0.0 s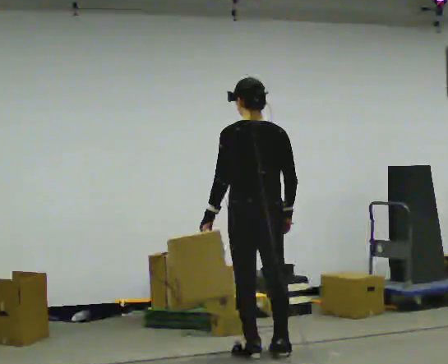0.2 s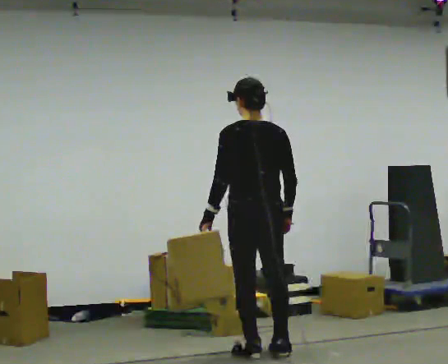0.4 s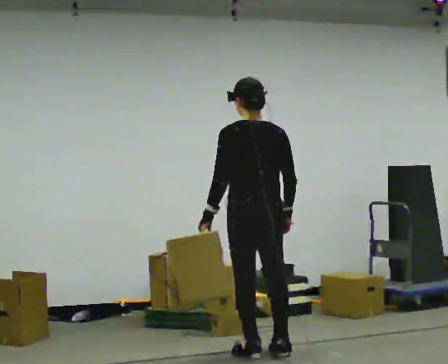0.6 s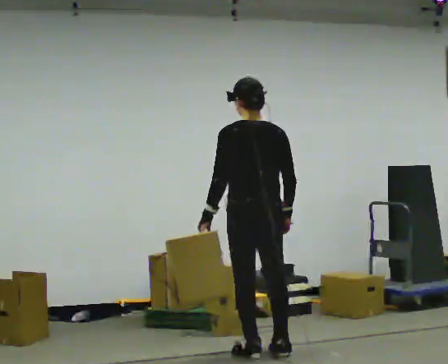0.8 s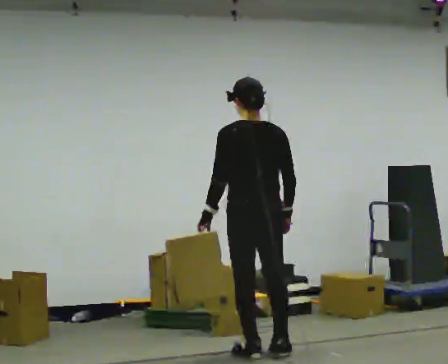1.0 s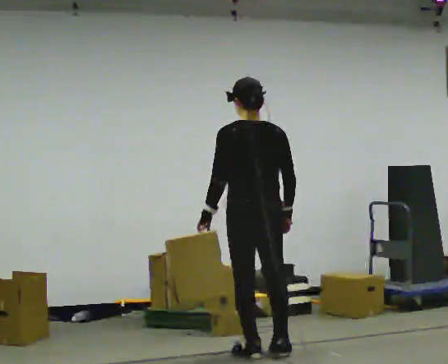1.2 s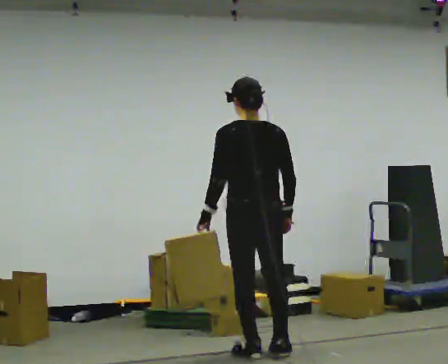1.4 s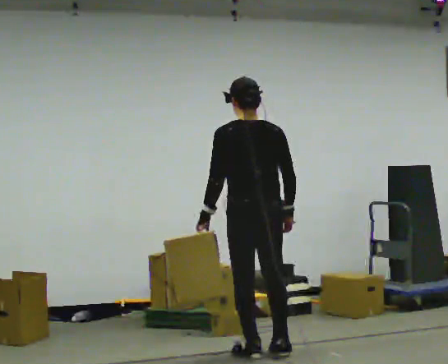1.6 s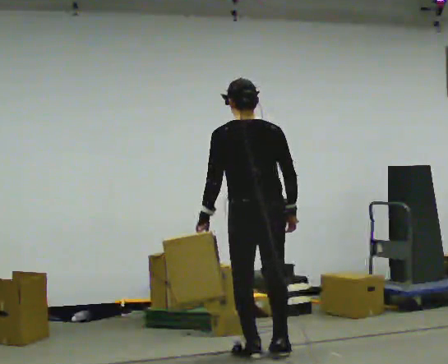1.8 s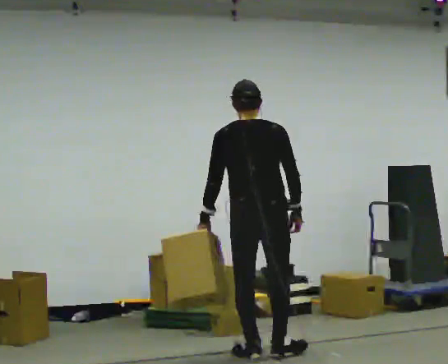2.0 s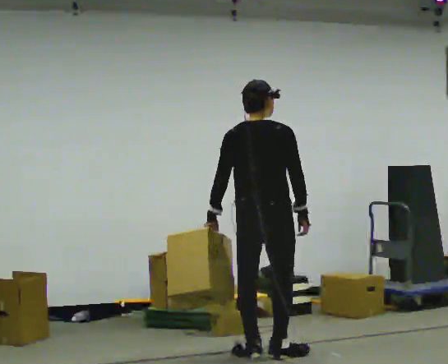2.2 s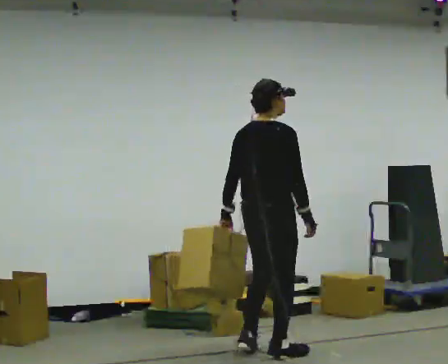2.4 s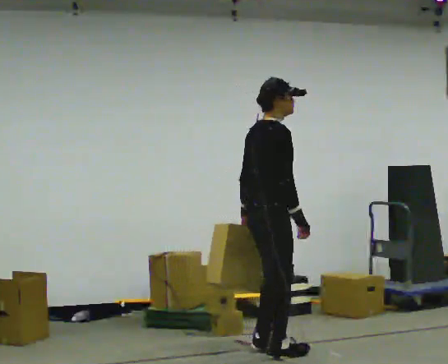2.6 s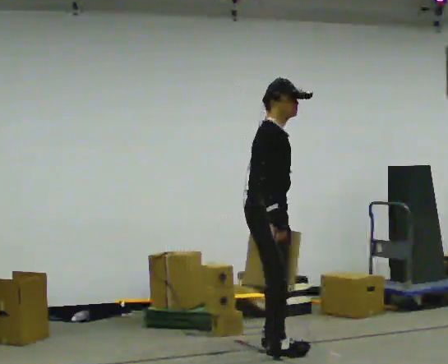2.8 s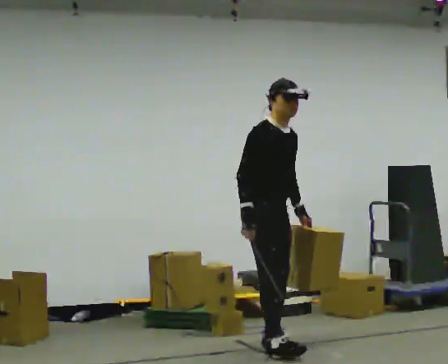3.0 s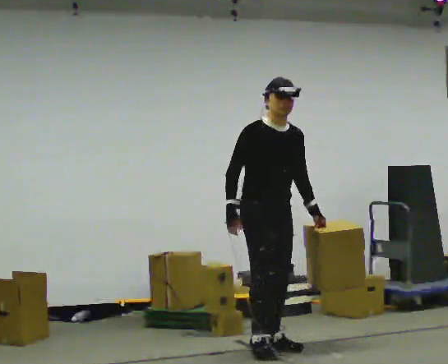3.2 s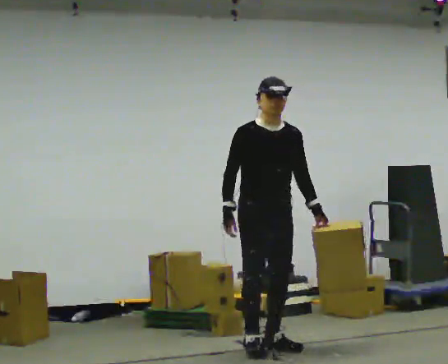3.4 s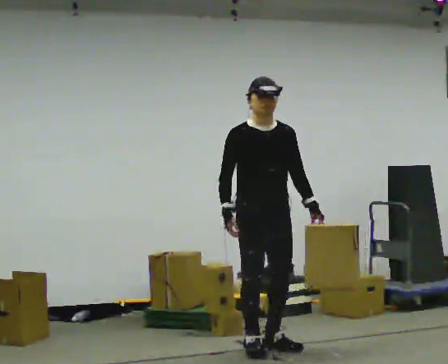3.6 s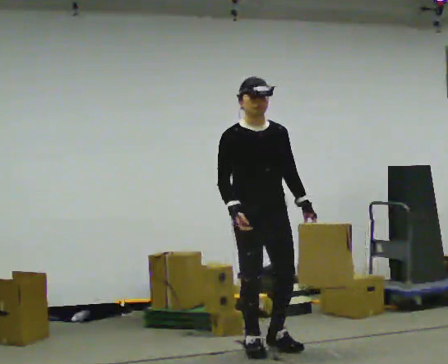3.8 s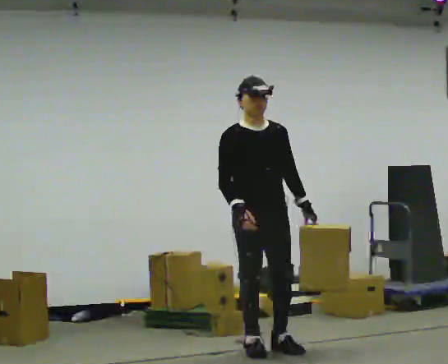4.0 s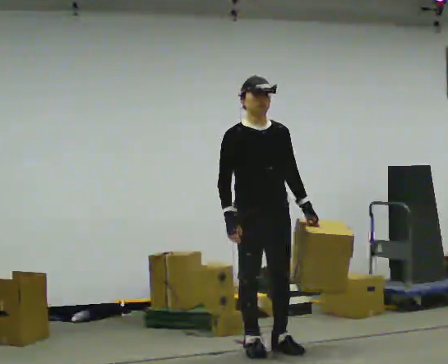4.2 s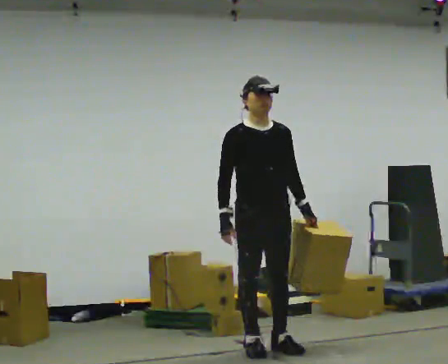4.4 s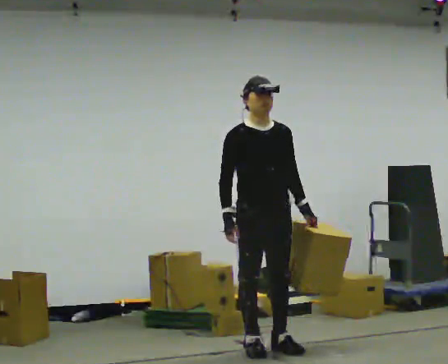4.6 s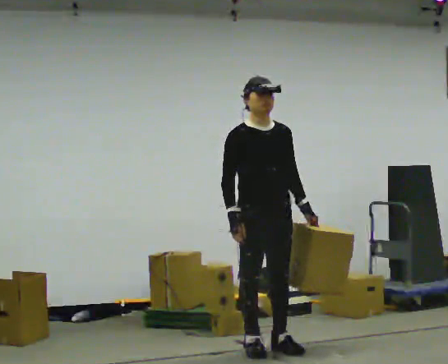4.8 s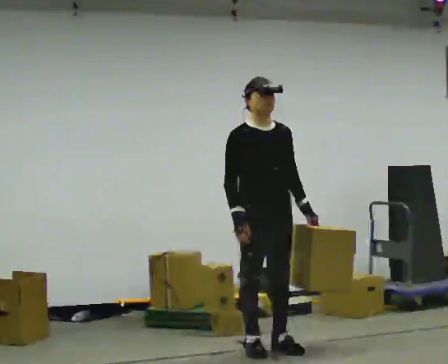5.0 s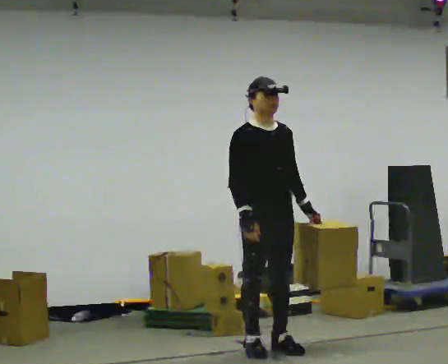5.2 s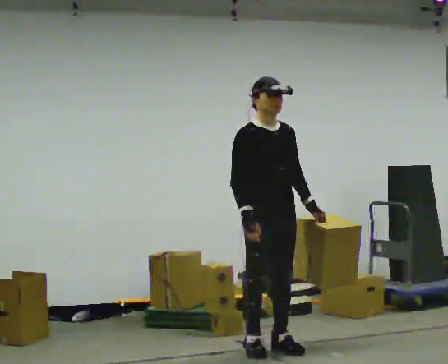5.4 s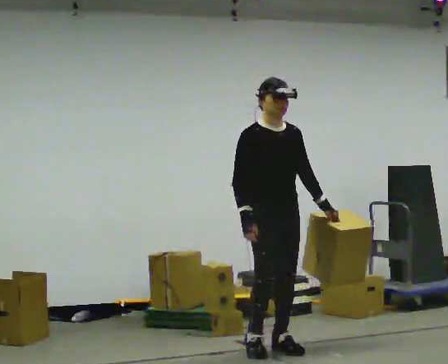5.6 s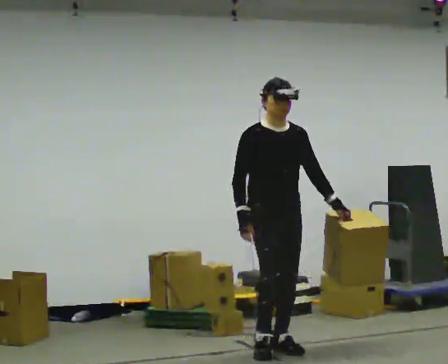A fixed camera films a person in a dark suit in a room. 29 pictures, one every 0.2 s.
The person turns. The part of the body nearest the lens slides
to the left.
The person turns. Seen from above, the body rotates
clockwise.
0.0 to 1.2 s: The person moves a little, or ends about where they began.
1.2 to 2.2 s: Seen from above the body turns clockwise, about 60 degrees: to their right, with its near side sliding to the left.
2.2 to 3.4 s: The person turns about 105 degrees to their right, clockwise seen from above, so the part of the body nearest the lens slides to the left. In the picture they go away from the camera, about 0.25 m in 2 steps. In the picture their left hand goes to the right, the arm swinging counterclockwise.
3.4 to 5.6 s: The person moves a little, or ends about where they began.
The film runs forward here.
